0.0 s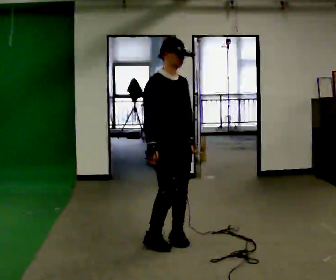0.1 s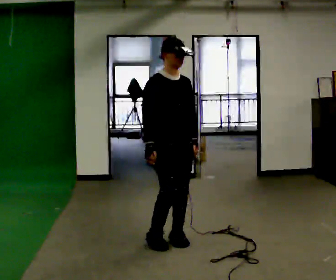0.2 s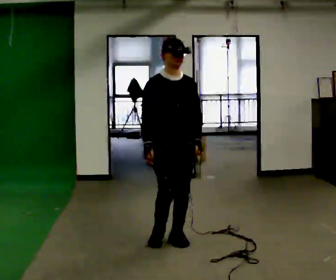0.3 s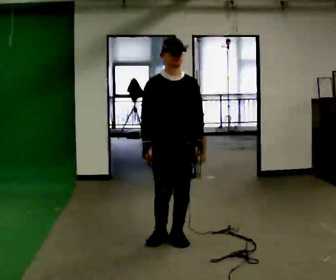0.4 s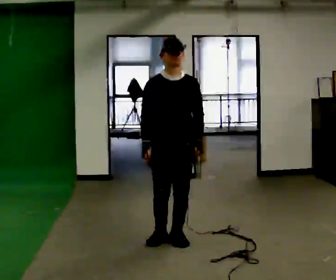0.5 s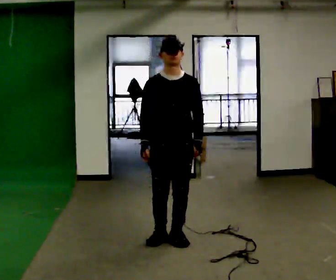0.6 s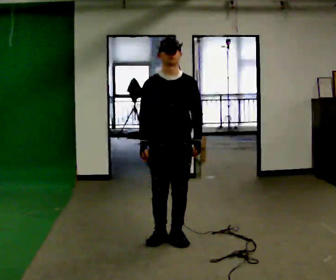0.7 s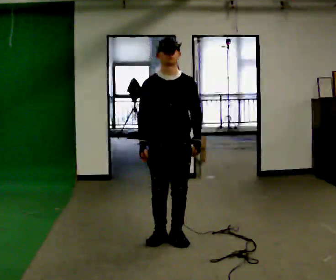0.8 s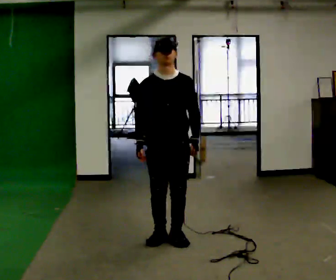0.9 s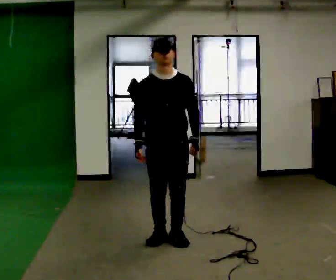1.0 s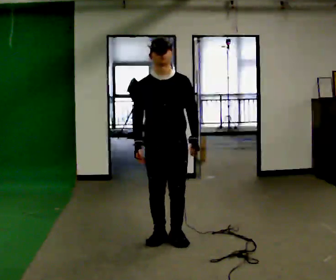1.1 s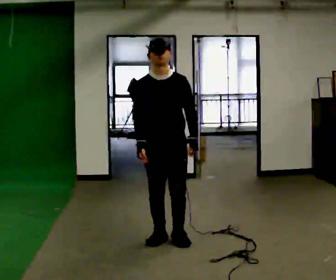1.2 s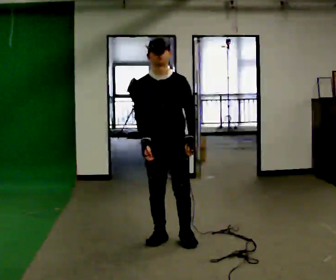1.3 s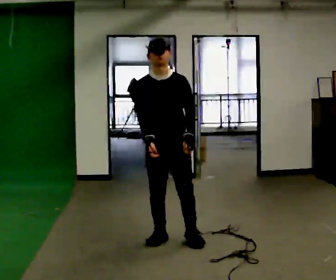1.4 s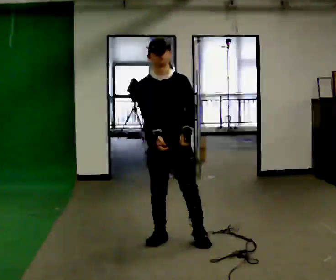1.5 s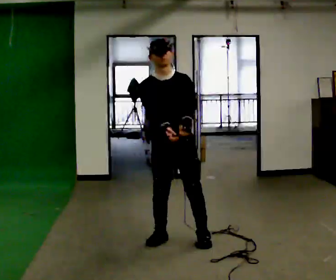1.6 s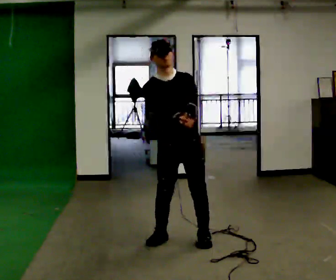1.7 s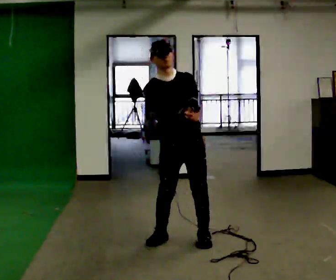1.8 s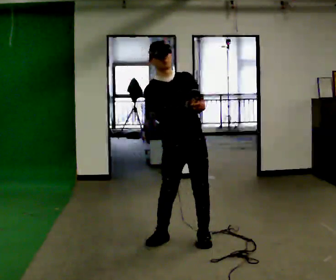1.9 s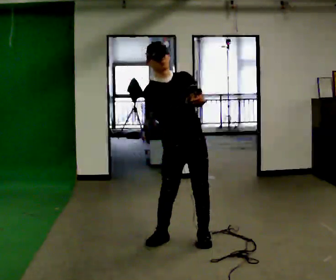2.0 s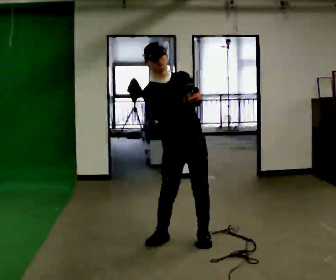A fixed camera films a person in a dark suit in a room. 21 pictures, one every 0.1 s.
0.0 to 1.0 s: The person turns about 45 degrees to their right, clockwise seen from above, so the part of the body nearest the lens slides to the left.
1.0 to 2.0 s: In the picture the upper body tilts counterclockwise, shoulders to the left. In the picture their right hand goes to the right and upward.
The film runs backward here.
